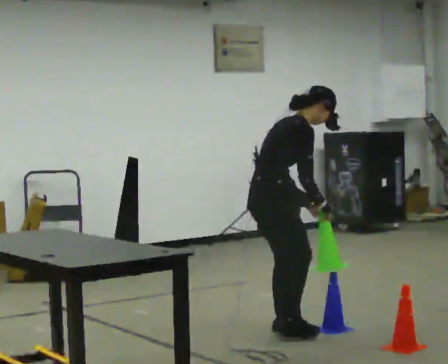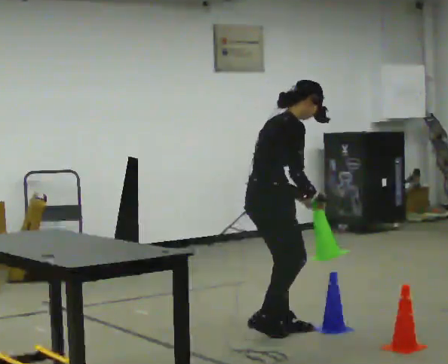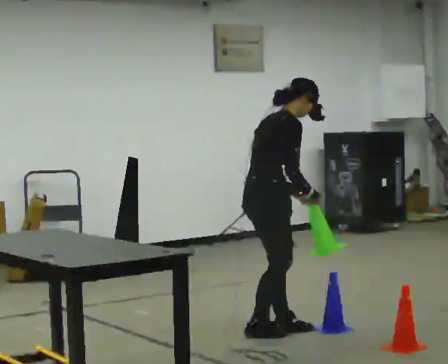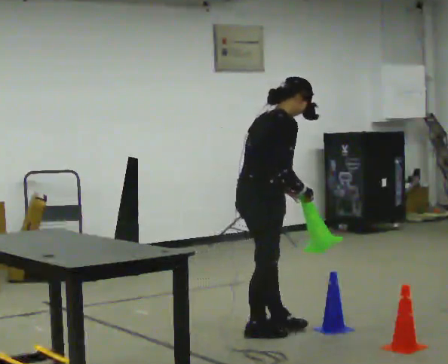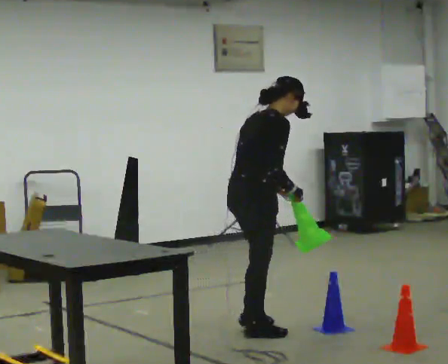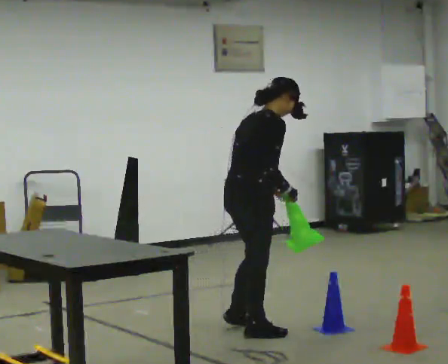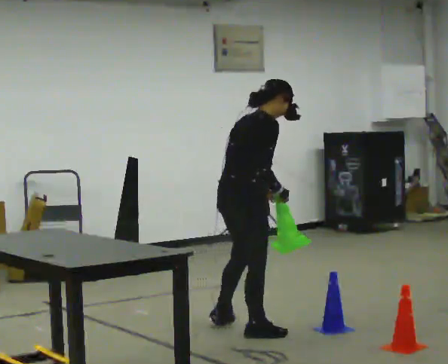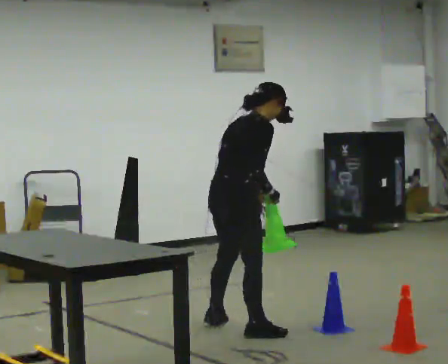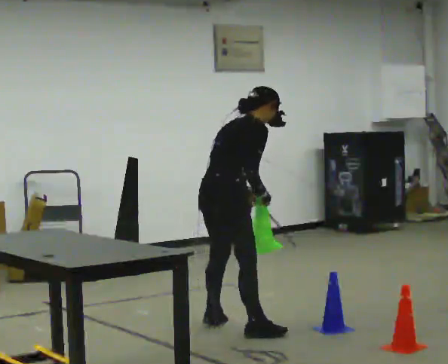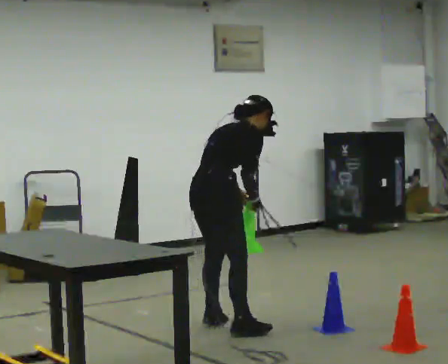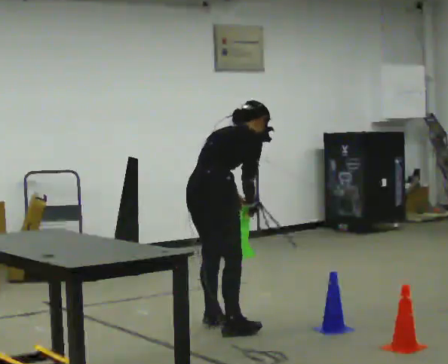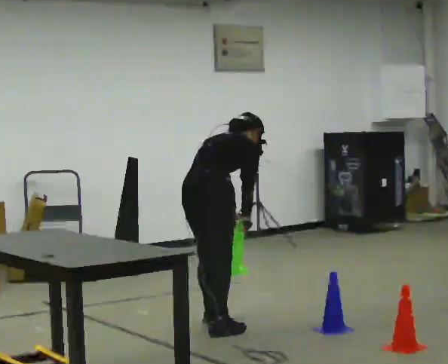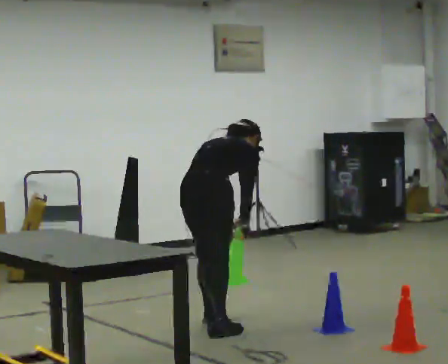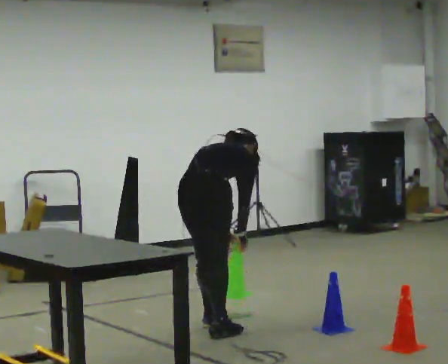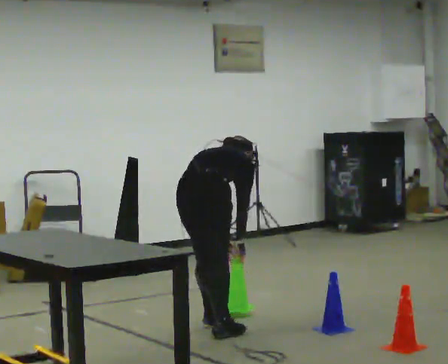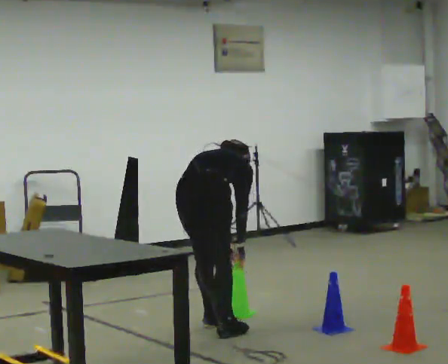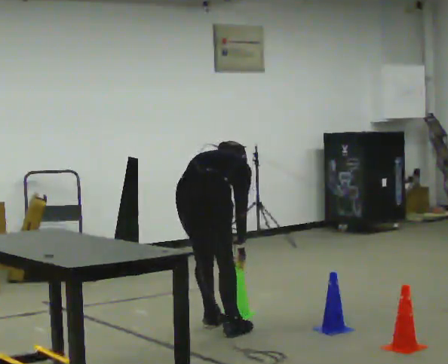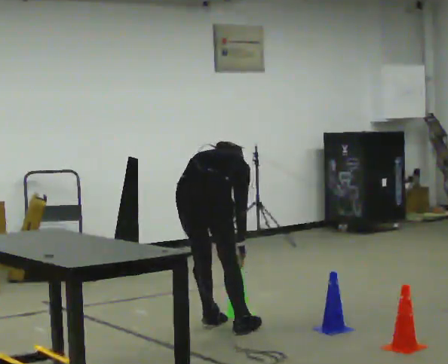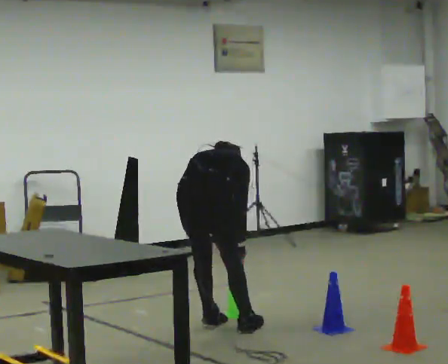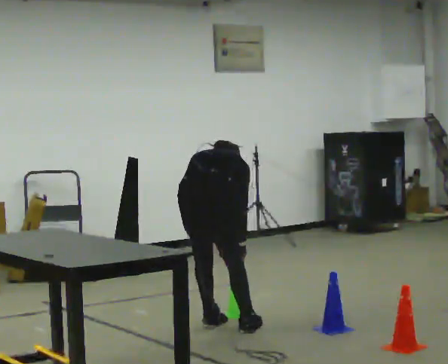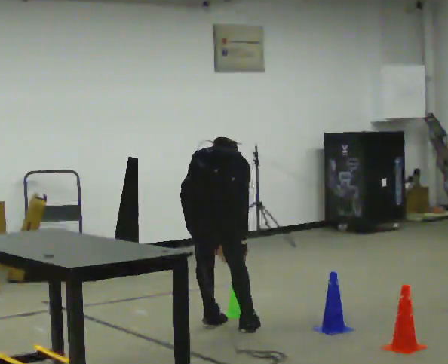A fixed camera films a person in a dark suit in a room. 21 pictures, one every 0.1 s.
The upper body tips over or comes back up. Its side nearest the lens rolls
upward.
0.0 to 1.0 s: In the picture they go to the left and away from the camera, about 0.5 m in 2 steps, which for them is to their left and backward. The upper body tips away from the camera, its near side rolling upward.
1.0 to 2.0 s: The part of the body nearest the lens slides to the right as the person turns to their left by about 30 degrees. The shoulders move downward. The upper body tips away from the camera, its near side rolling upward, as they bend forward.
The film runs backward here.
